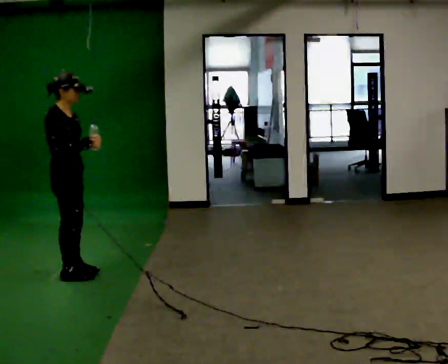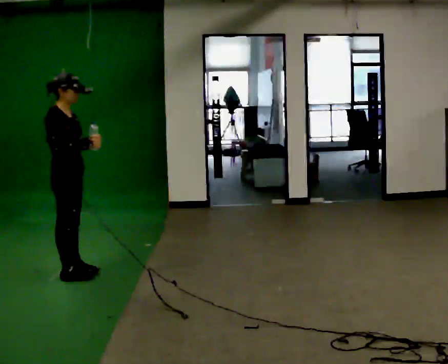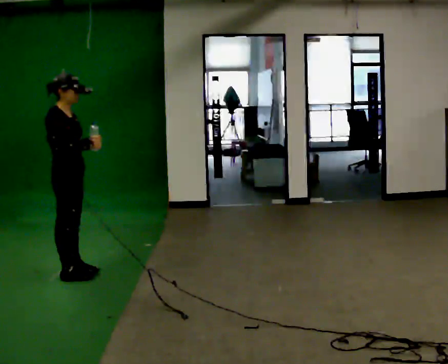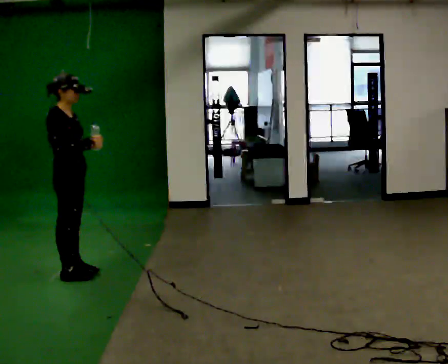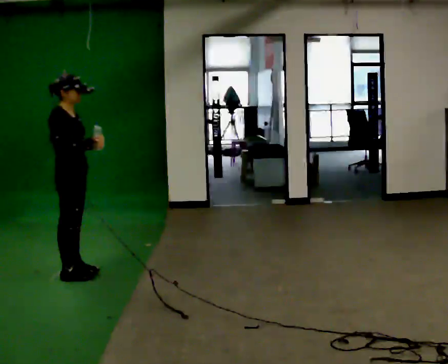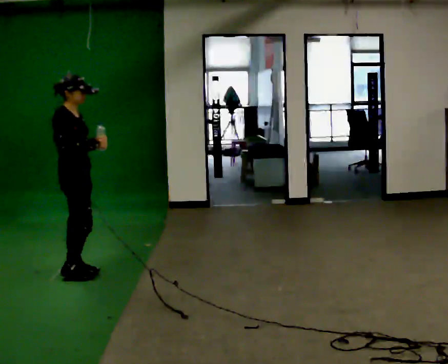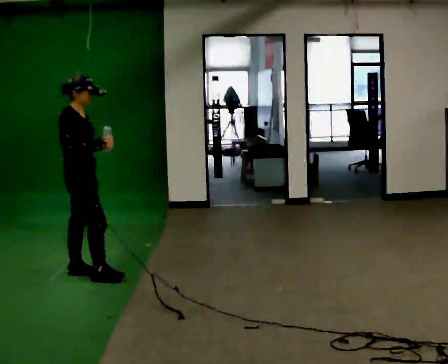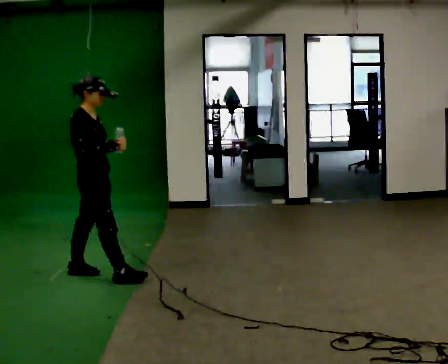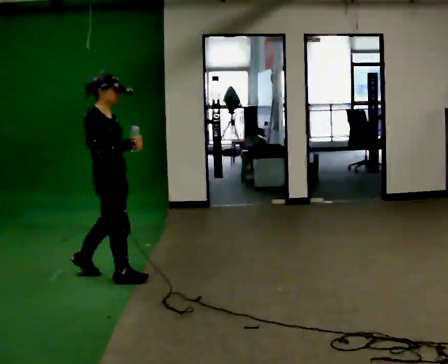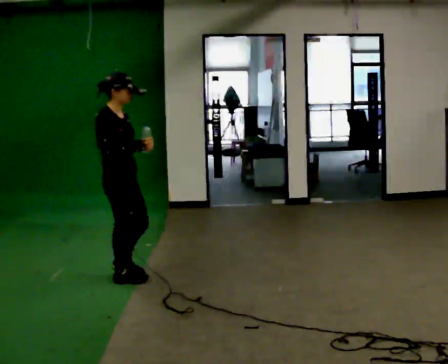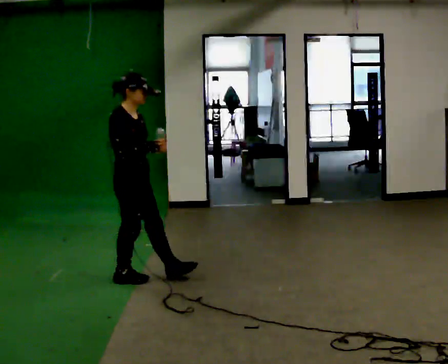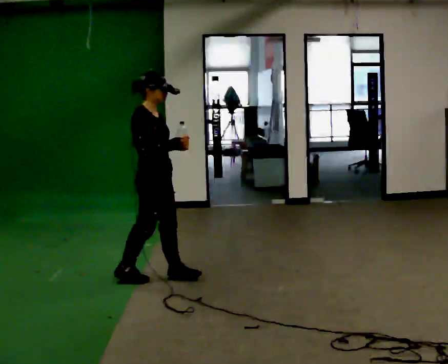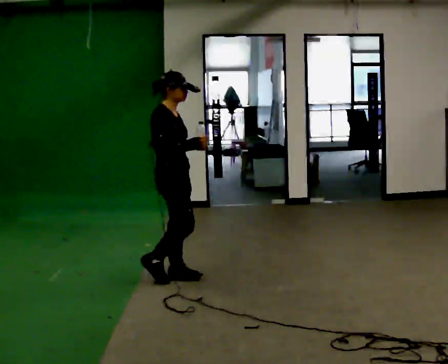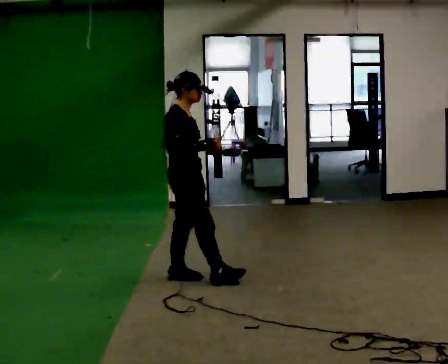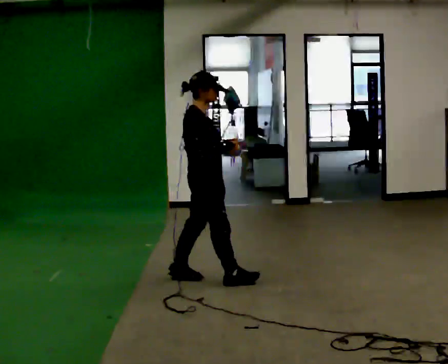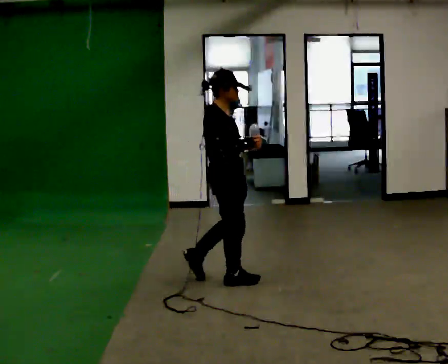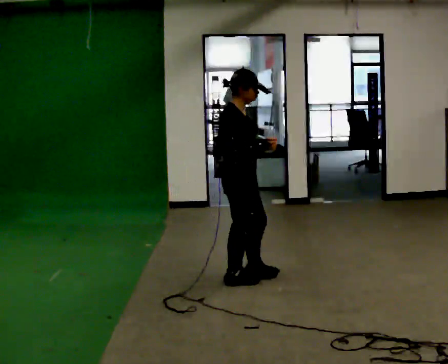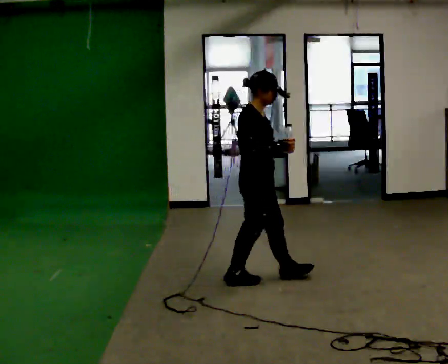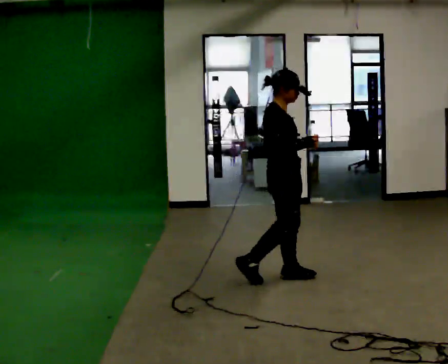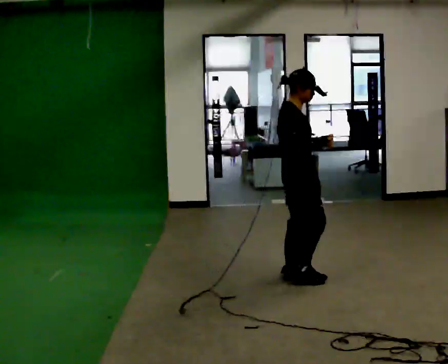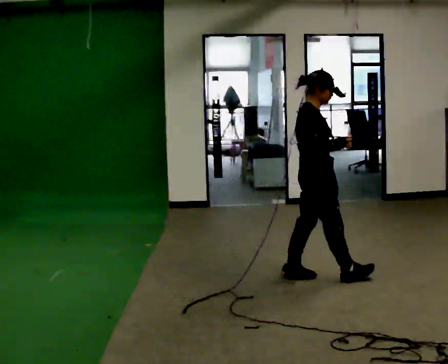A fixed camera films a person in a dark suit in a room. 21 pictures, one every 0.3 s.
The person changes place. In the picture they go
to the right.
0.0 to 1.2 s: The person moves a little, or ends about where they began.
1.2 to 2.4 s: In the picture they go to the right and toward the camera, about 0.25 m in 1 step, which for them is forward.
2.4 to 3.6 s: In the picture they go to the right, about 0.5 m in 1 step, which for them is forward.
3.6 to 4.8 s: In the picture they go to the right and toward the camera, about 0.5 m in 1 step, which for them is forward.
4.8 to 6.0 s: In the picture they go to the right, about 0.5 m in 2 steps, which for them is forward.
The film runs forward here.
